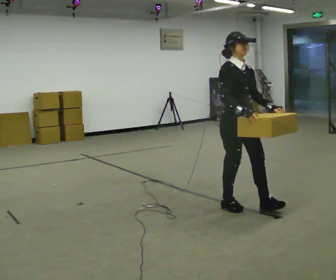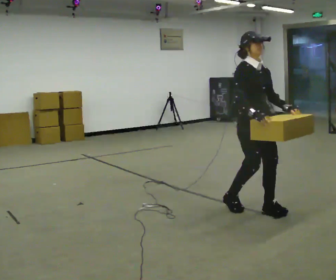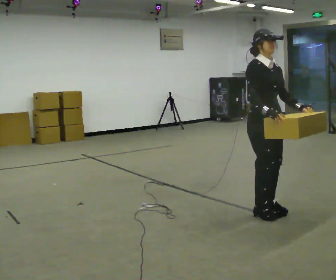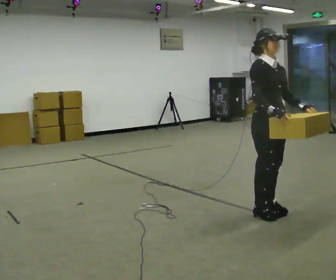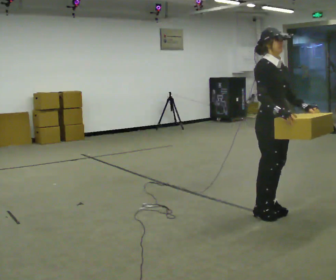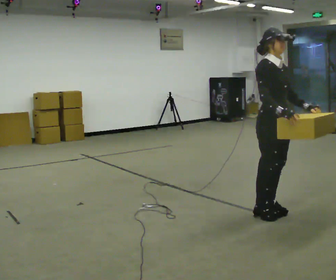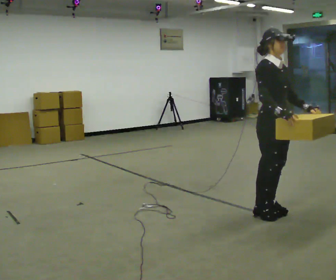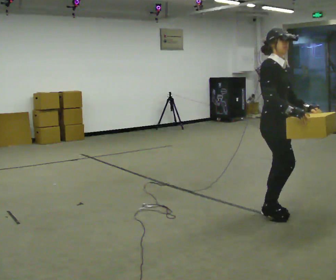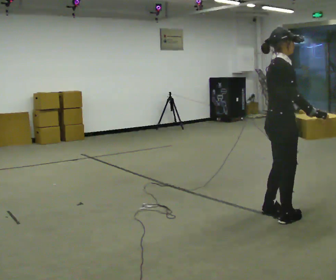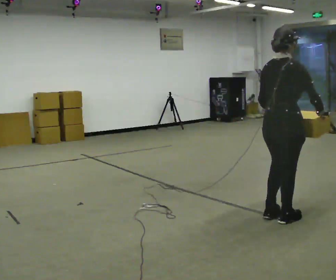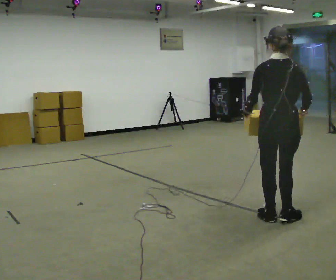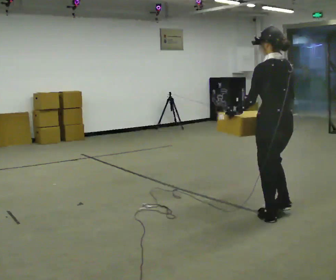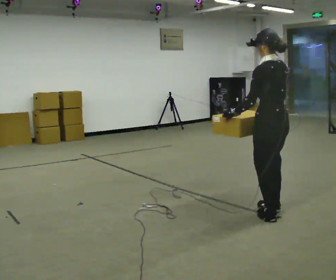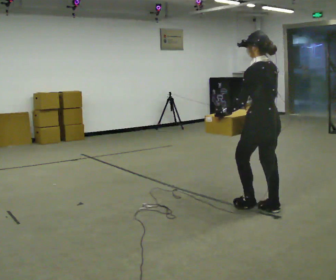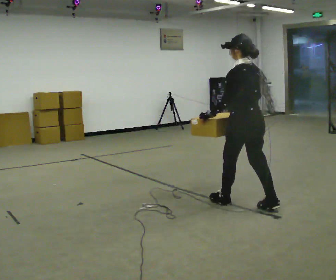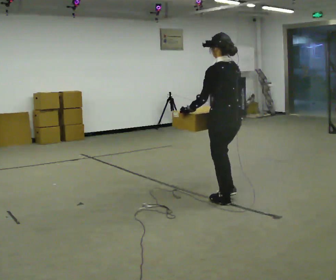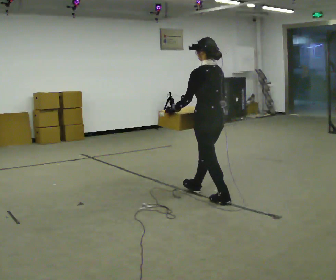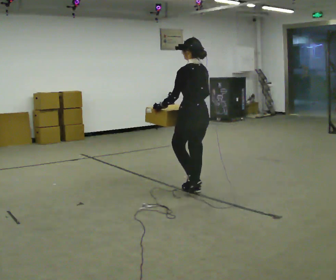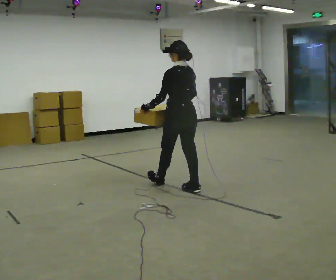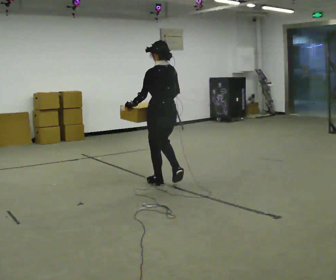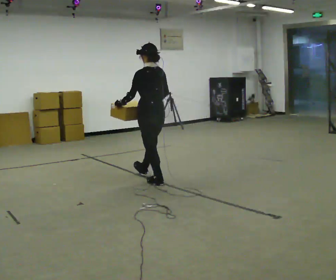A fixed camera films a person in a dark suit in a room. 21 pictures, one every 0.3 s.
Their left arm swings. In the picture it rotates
clockwise.
The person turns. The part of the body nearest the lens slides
to the right.
0.0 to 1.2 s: In the picture they go to the right, about 0.25 m in 2 steps, which for them is forward.
1.2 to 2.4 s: Seen from above the body turns counterclockwise, about 45 degrees: to their left, with its near side sliding to the right.
2.4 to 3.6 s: Seen from above the body turns counterclockwise, about 135 degrees: to their left, with its near side sliding to the right. In the picture their right hand goes to the left, the arm swinging clockwise.
3.6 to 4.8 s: In the picture they go to the left and away from the camera, about 1 m in 2 steps, which for them is forward.
4.8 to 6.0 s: In the picture they go to the left and away from the camera, about 1 m in 1 step, which for them is forward.
The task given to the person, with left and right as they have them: Carry the medium box in both hands in front of you, walking back and forth across the room. Keep walking until the operator says stop.
The film runs forward here.
